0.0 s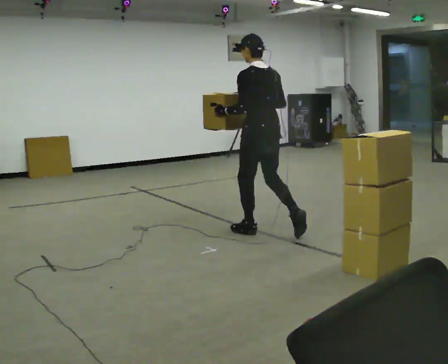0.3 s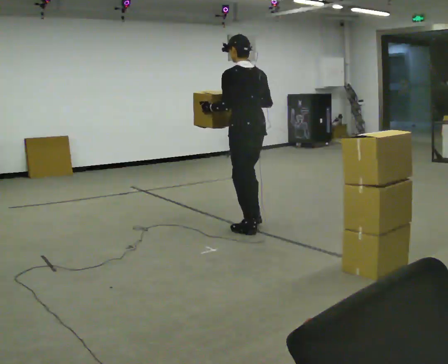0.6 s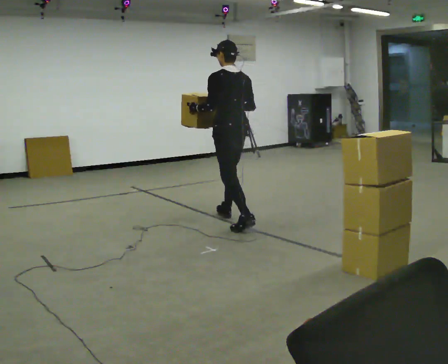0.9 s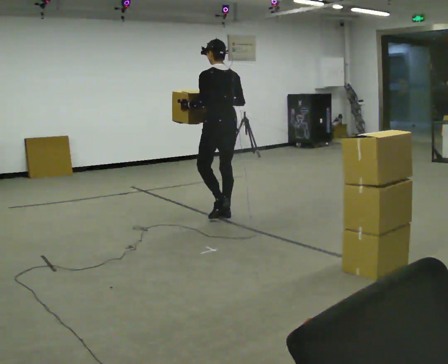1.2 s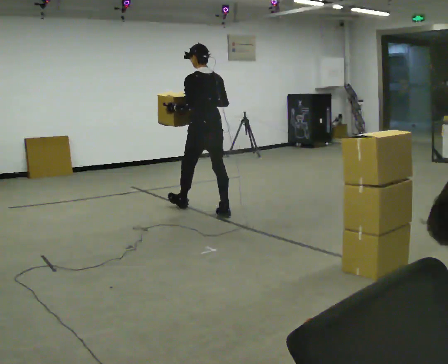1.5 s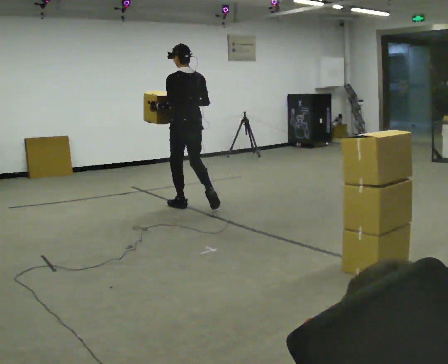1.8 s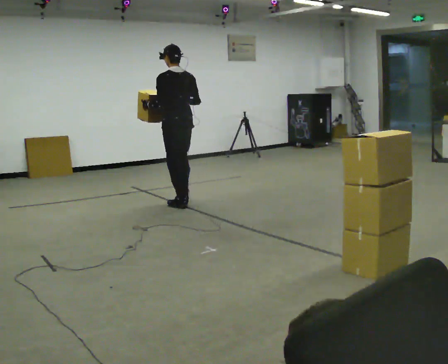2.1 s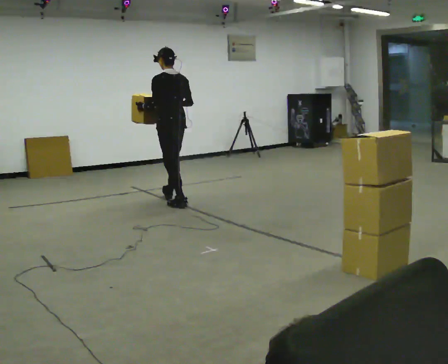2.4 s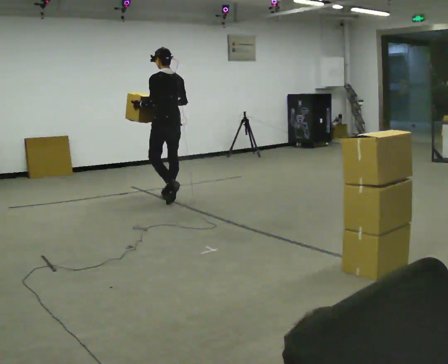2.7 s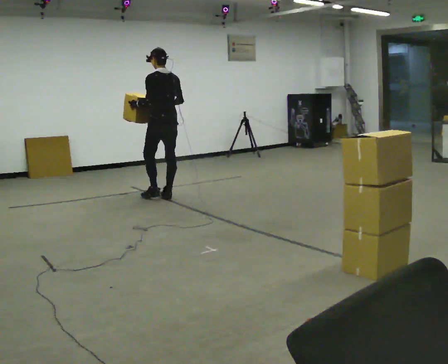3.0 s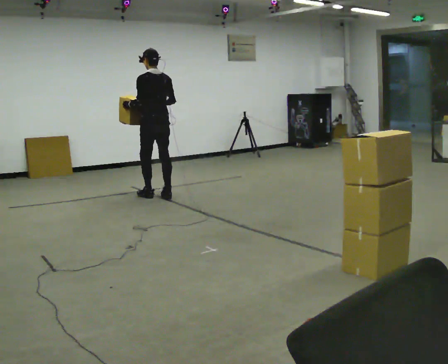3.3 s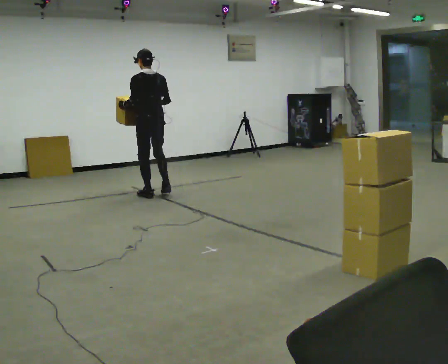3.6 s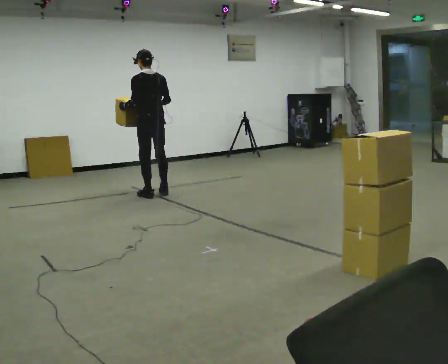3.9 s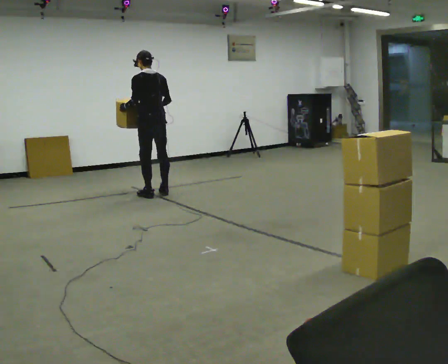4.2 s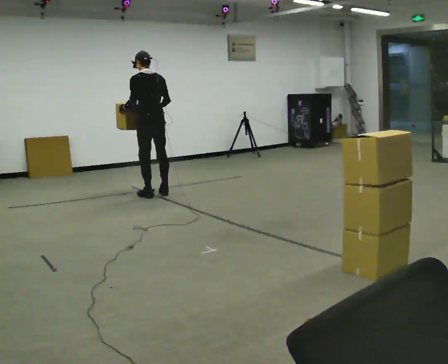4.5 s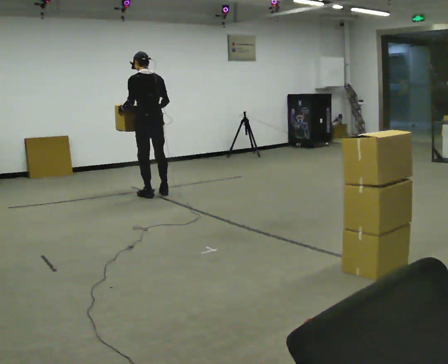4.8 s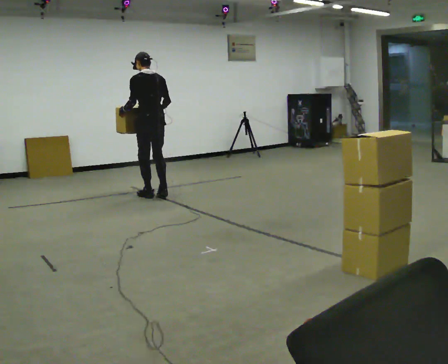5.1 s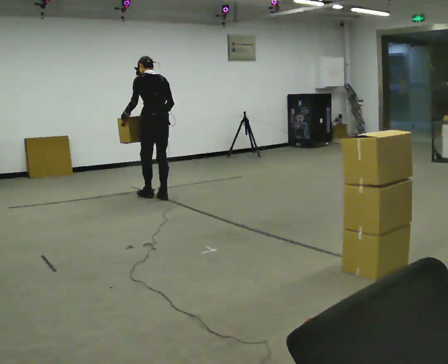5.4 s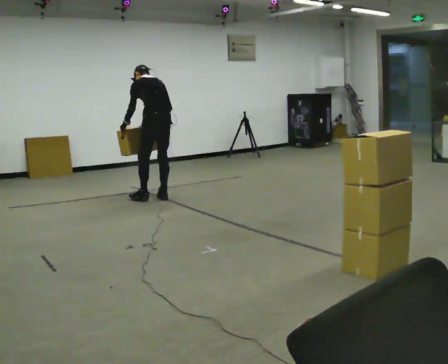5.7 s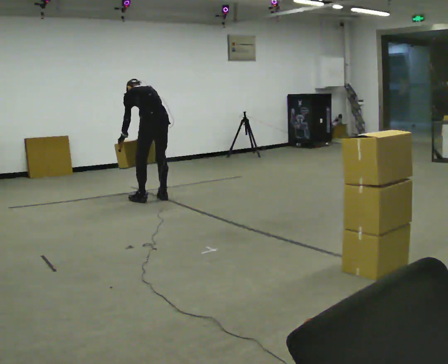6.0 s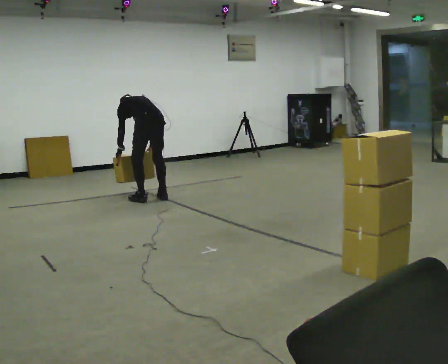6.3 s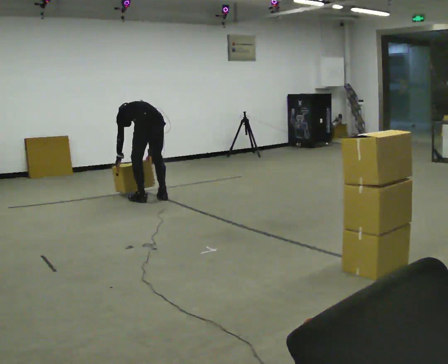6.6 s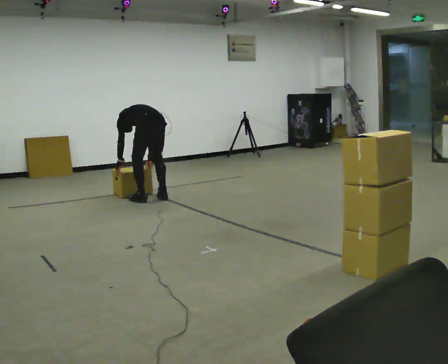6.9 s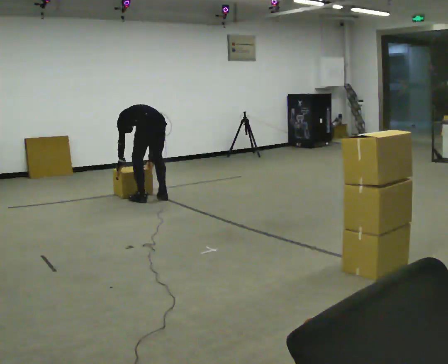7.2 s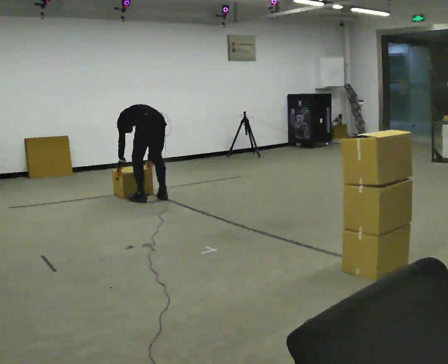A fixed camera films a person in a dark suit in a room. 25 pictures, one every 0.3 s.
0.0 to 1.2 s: In the picture they go away from the camera and to the left, about 1 m in 1 step, which for them is forward.
1.2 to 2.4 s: In the picture they go away from the camera and to the left, about 1 m in 2 steps, which for them is forward.
2.4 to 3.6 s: In the picture they go away from the camera and to the left, about 0.25 m in 2 steps, which for them is forward.
3.6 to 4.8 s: The person moves a little, or ends about where they began.
4.8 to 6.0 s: In the picture they go toward the camera, about 0.25 m in 2 steps, which for them is backward and to their left. The shoulders move downward. The upper body tips away from the camera, its near side rolling upward, as they bend forward. In the picture their right hand goes downward.
6.0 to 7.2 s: In the picture the upper body tilts counterclockwise, shoulders to the left, as they bend forward.
The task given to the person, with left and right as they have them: Carry the stack of boxes across the room without letting it fall over, then bring it back. Keep going until the operator says stop; one object at a time, and do not rush between trips.
The film runs forward here.
